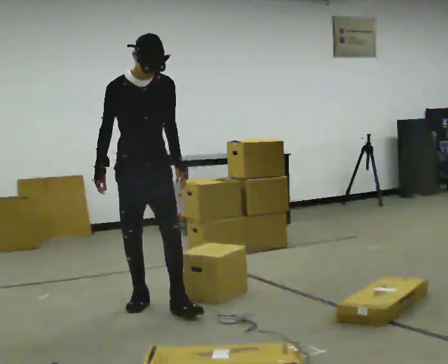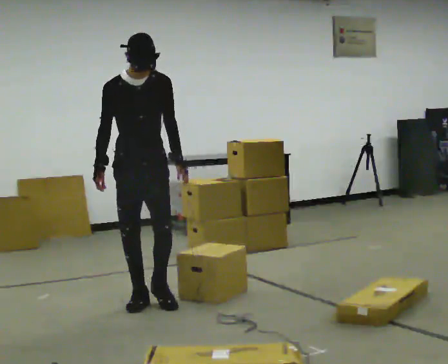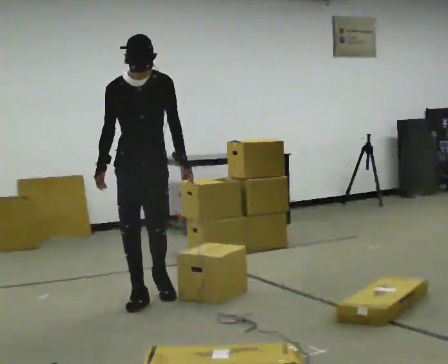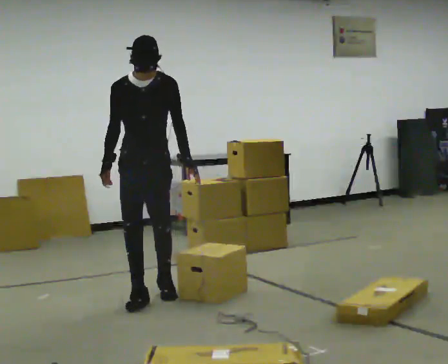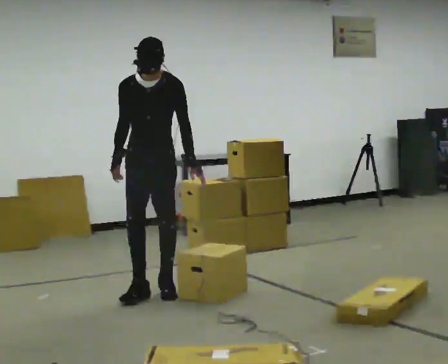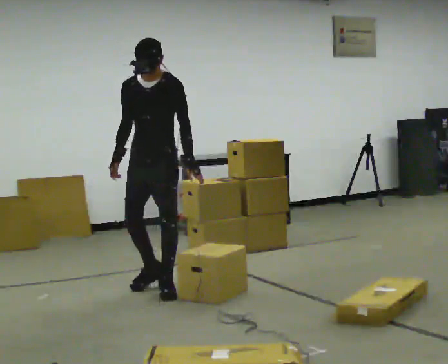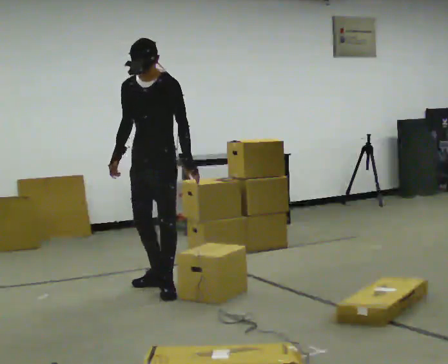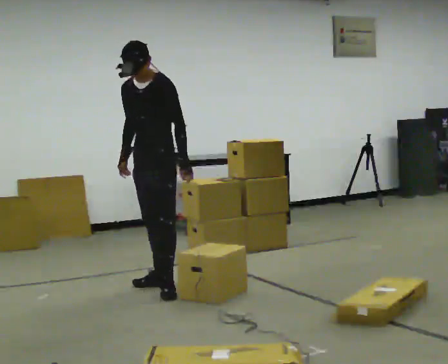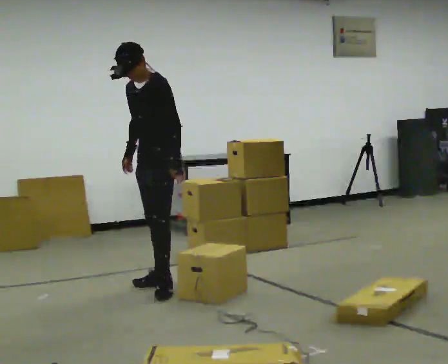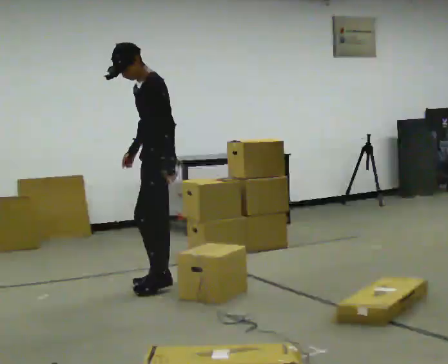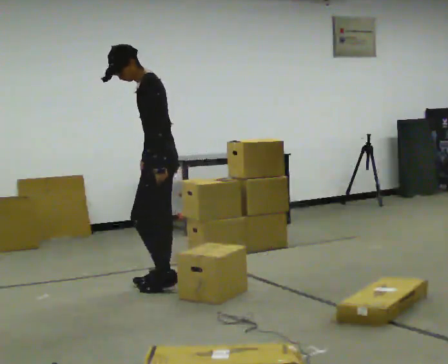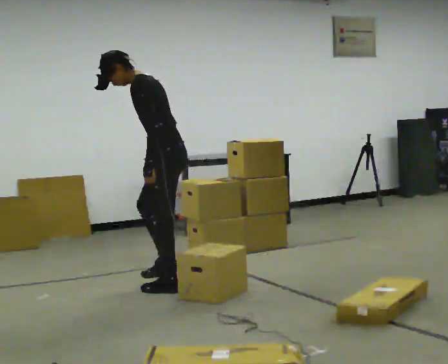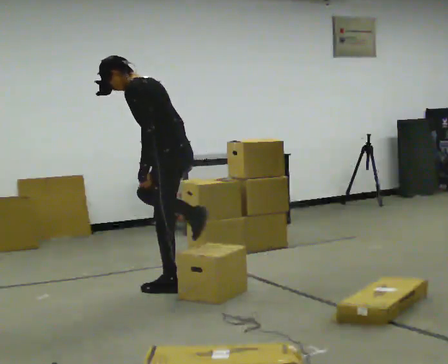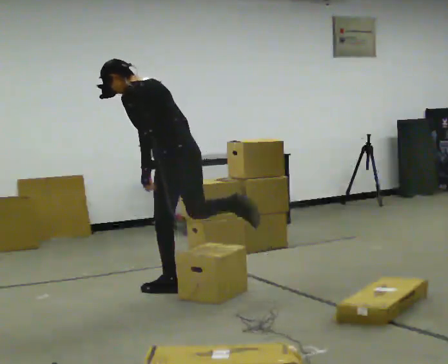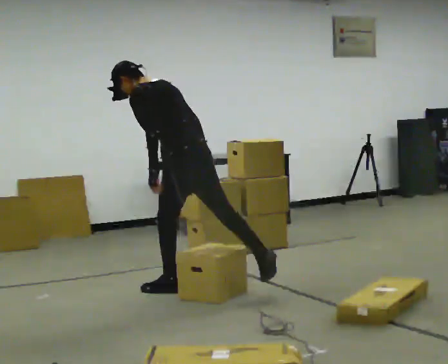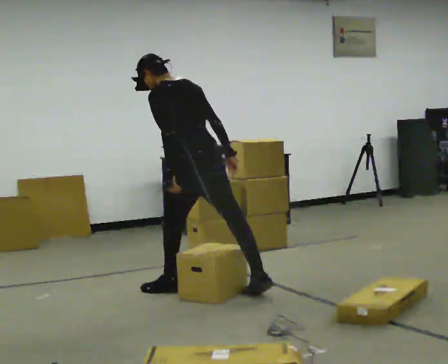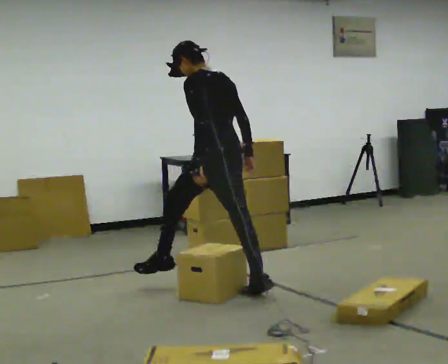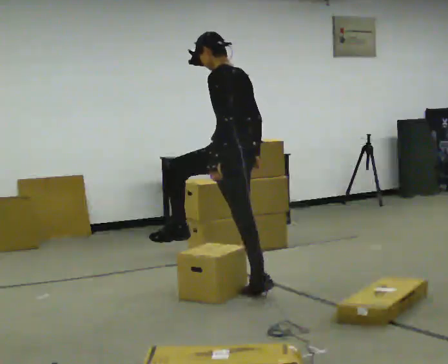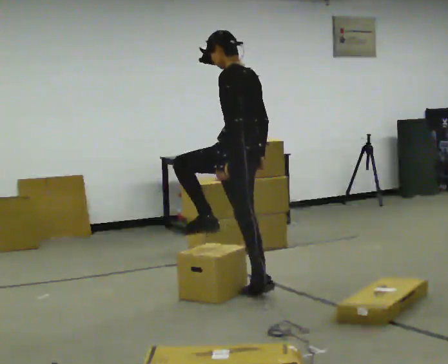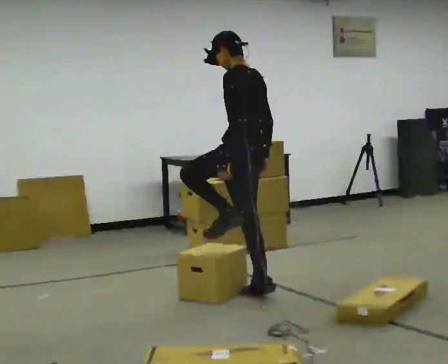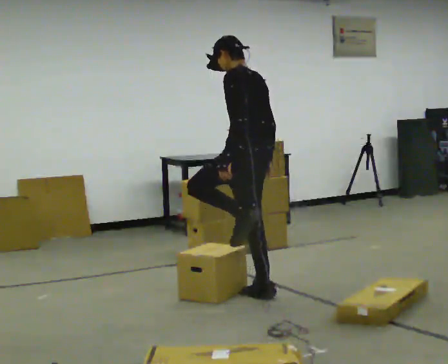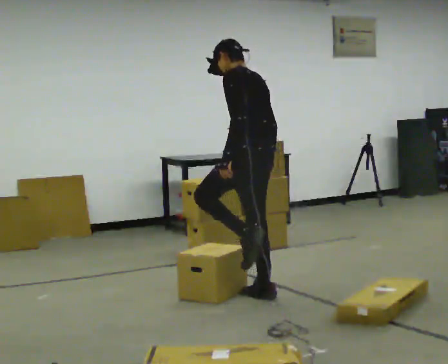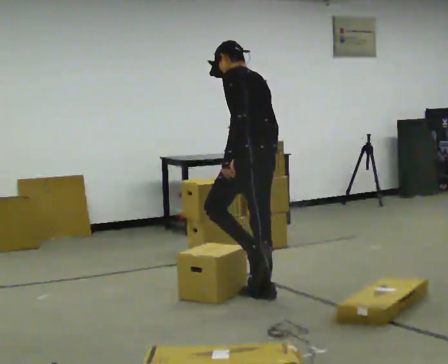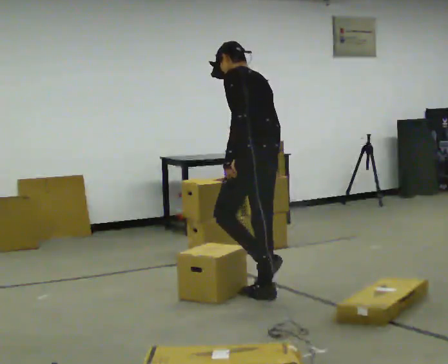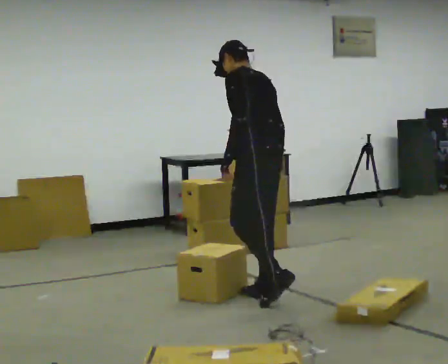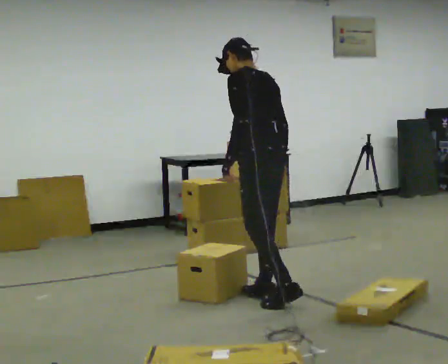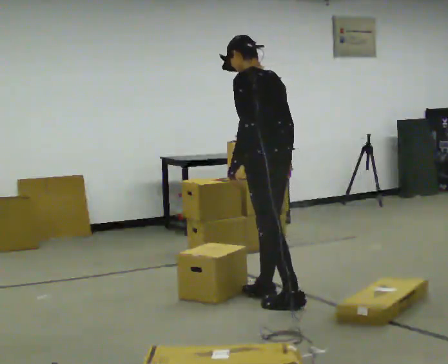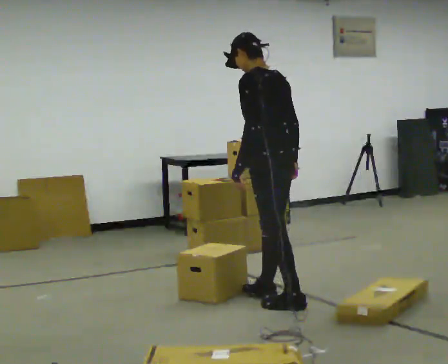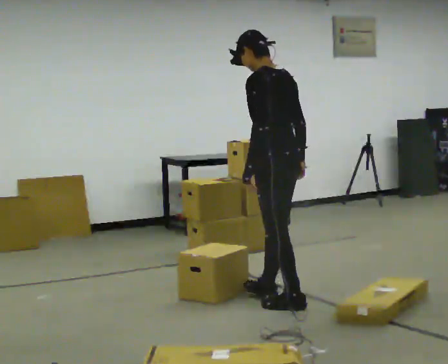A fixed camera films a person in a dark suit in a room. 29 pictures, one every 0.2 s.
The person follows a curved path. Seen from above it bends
clockwise.
The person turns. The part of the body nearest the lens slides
to the left.
0.0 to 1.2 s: The person turns about 45 degrees to their right, clockwise seen from above, so the part of the body nearest the lens slides to the left. In the picture they go away from the camera, about 0.5 m in 1 step, which for them is backward.
1.2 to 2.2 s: The person turns about 60 degrees to their right, clockwise seen from above, so the part of the body nearest the lens slides to the left. In the picture the upper body tilts counterclockwise, shoulders to the left. In the picture their right hand goes to the right.
2.2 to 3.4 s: The person turns about 30 degrees to their right, clockwise seen from above, so the part of the body nearest the lens slides to the left. In the picture they go to the right and toward the camera, about 0.5 m in 1 step, which for them is backward.
3.4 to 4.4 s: The person moves a little, or ends about where they began.
4.4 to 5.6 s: In the picture they go toward the camera, about 0.25 m, which for them is backward.
The film runs backward here.
